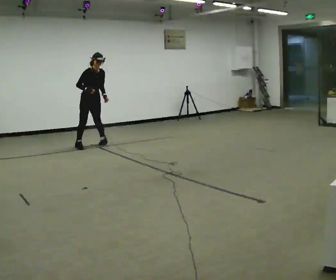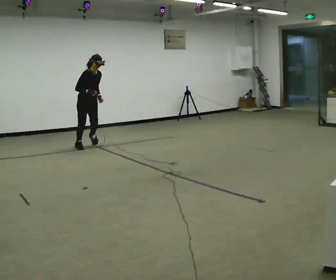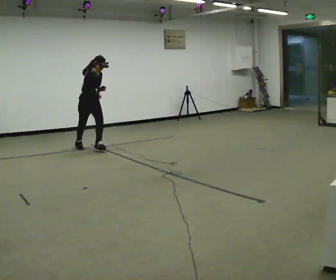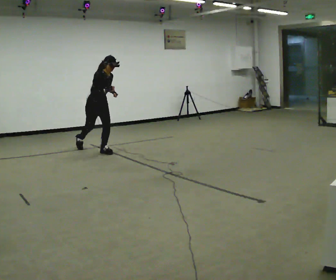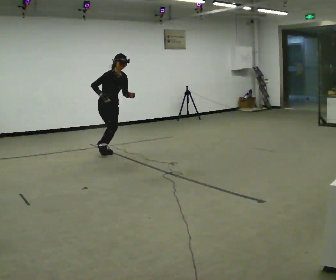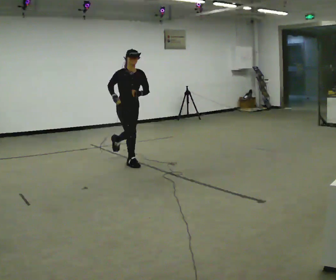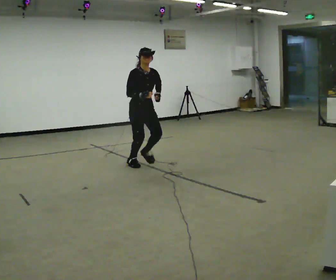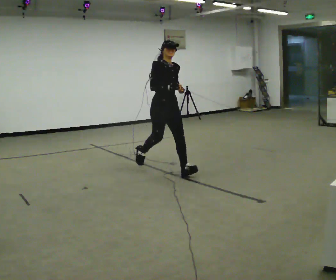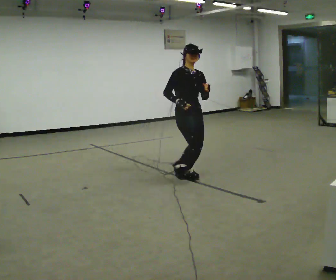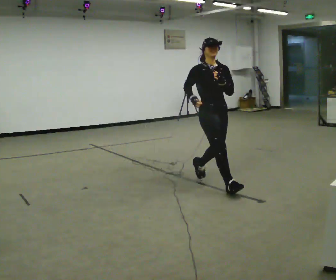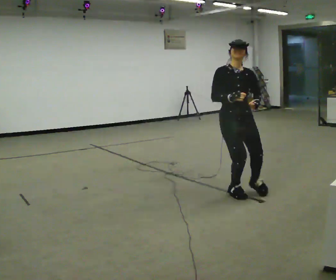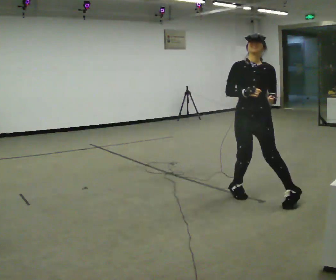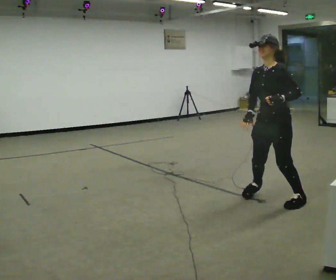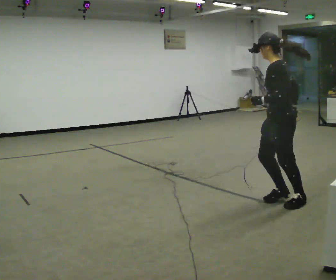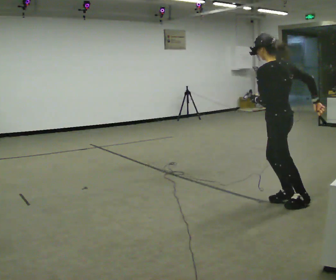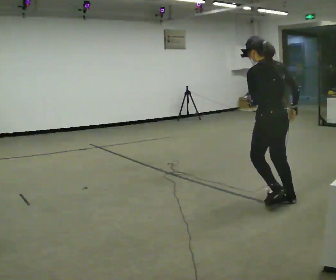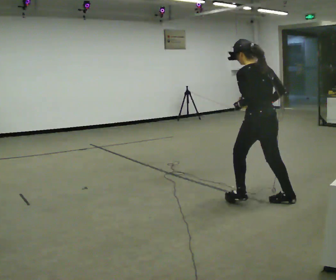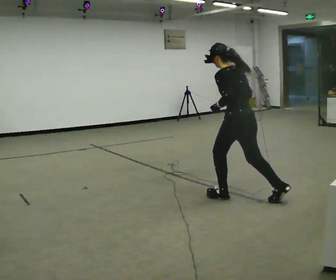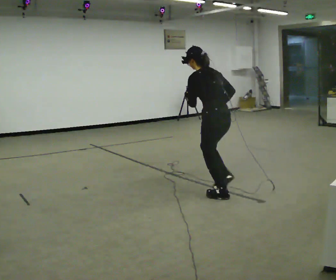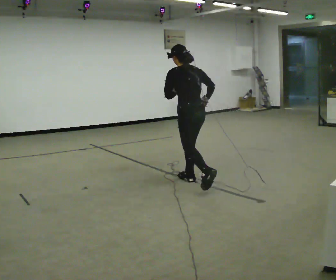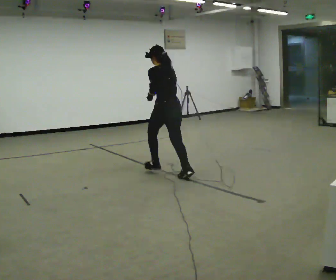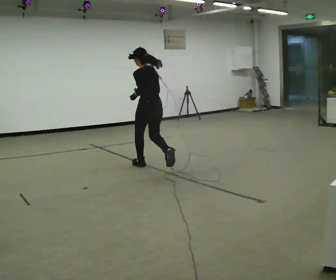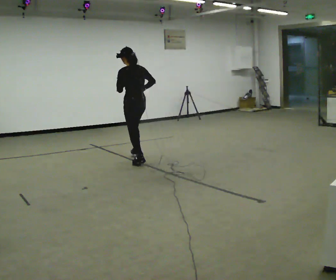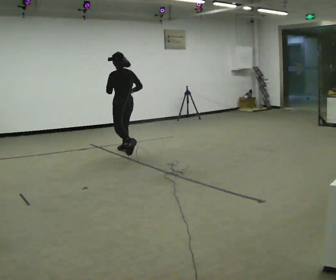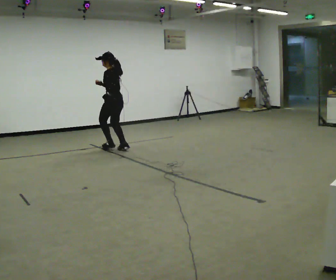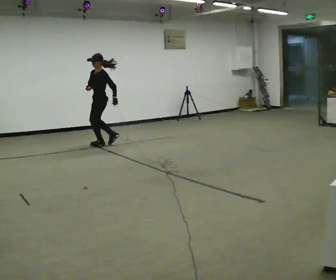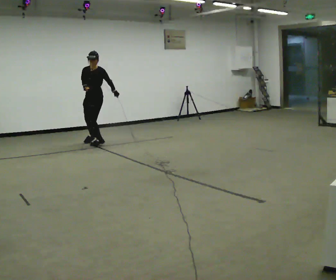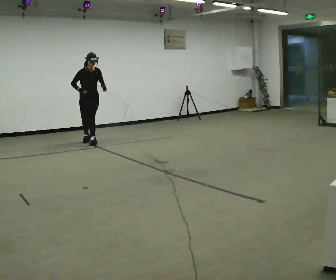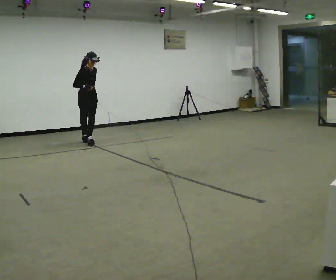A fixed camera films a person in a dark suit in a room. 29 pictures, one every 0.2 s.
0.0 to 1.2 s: In the picture they go to the right and toward the camera, about 1.5 m in 2 steps, which for them is forward.
1.2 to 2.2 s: Seen from above the body turns clockwise, about 60 degrees: to their right, with its near side sliding to the left. In the picture they go to the right and toward the camera, about 2 m in 2 steps, which for them is forward. In the picture the upper body tilts counterclockwise, shoulders to the left, as they lean back or straighten.
2.2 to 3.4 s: The part of the body nearest the lens slides to the left as the person turns to their right by about 120 degrees. In the picture they go to the left, about 0.25 m in 3 steps. In the picture the upper body tilts counterclockwise, shoulders to the left, as they bend forward.
3.4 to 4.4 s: In the picture they go to the left and away from the camera, about 2 m in 2 steps, which for them is forward.
4.4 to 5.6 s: The person turns about 180 degrees to their left, counterclockwise seen from above, so the part of the body nearest the lens slides to the right. In the picture they go to the left and away from the camera, about 1.5 m in 3 steps. In the picture the upper body tilts clockwise, shoulders to the right.
The film runs forward here.
